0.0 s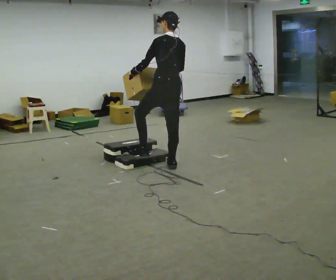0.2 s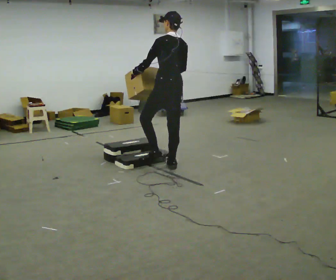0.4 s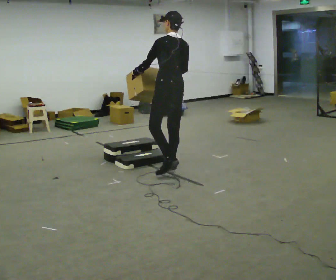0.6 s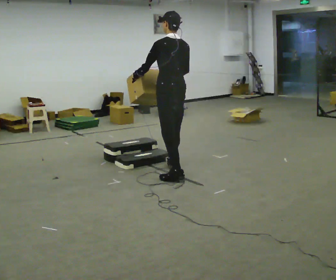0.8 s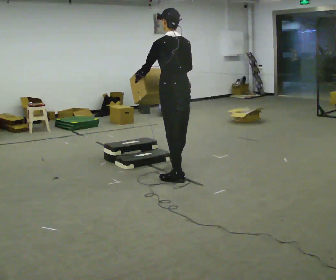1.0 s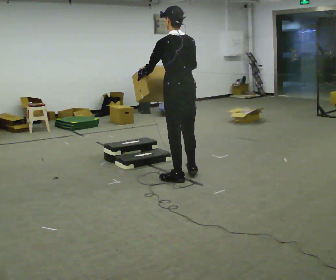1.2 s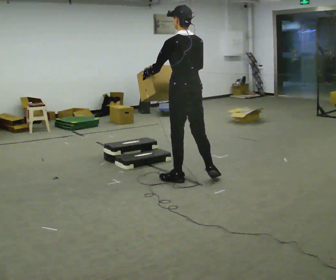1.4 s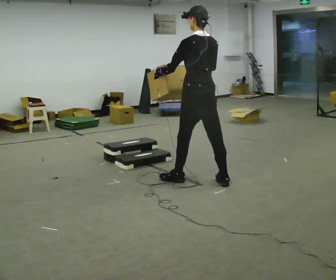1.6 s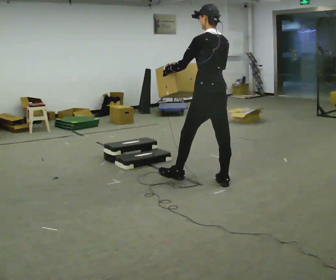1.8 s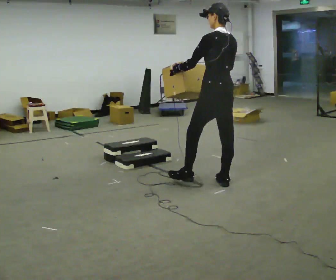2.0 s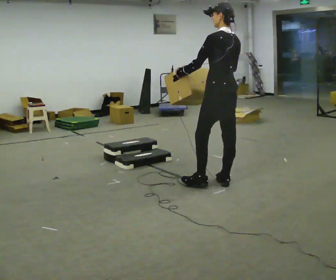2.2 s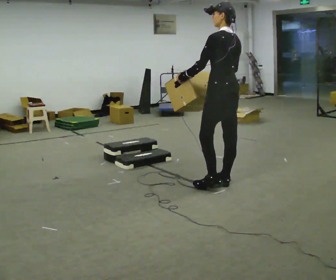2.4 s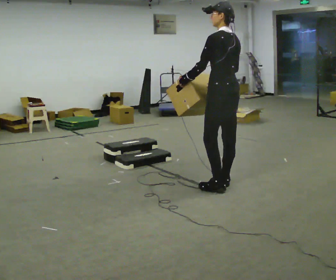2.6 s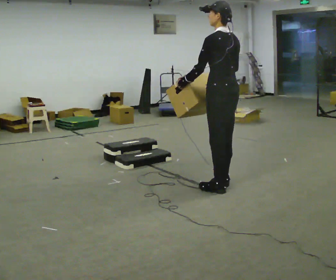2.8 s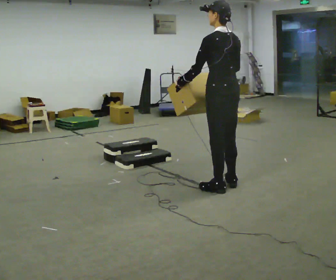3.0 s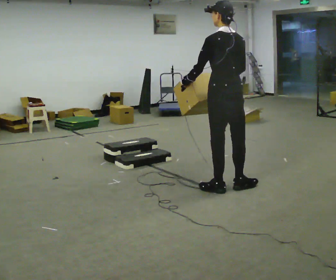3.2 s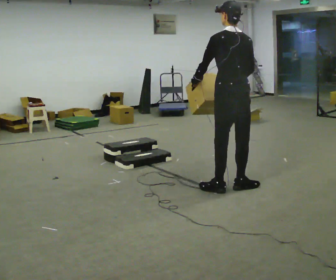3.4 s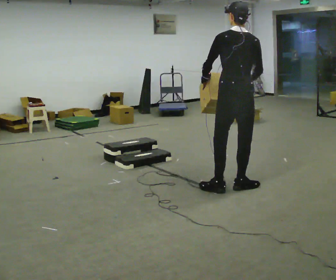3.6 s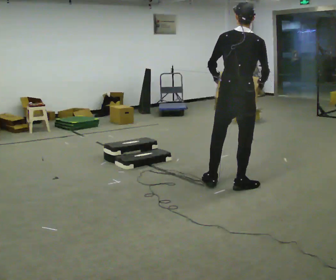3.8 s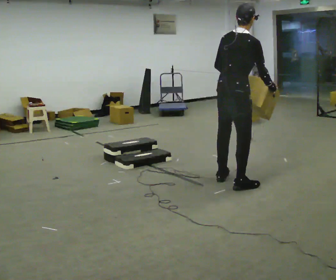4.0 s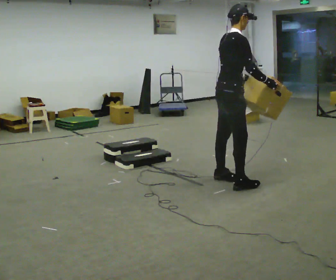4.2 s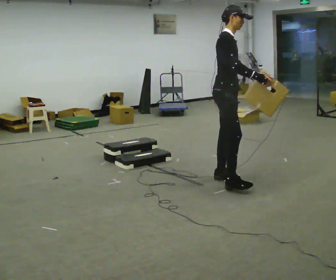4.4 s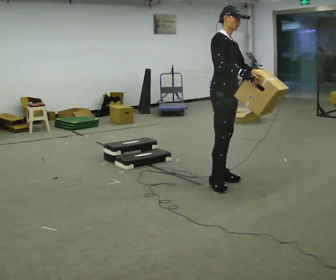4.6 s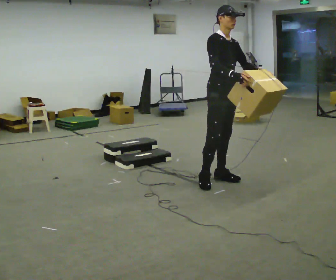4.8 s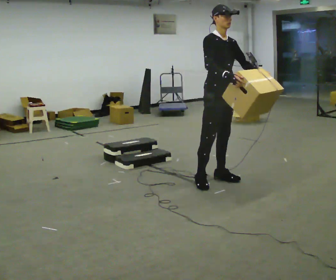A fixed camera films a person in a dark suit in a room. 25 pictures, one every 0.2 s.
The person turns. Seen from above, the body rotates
clockwise.
The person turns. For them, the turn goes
to their right.
0.0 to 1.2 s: In the picture they go toward the camera and to the right, about 0.5 m in 1 step, which for them is backward.
1.2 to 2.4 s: In the picture they go to the right, about 0.5 m in 1 step, which for them is backward and to their right.
2.4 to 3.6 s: Seen from above the body turns clockwise, about 60 degrees: to their right, with its near side sliding to the left. In the picture their right hand goes to the right.
3.6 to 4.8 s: The person turns about 135 degrees to their right, clockwise seen from above, so the part of the body nearest the lens slides to the left. In the picture they go away from the camera and to the left, about 0.25 m in 1 step.
The film runs backward here.
